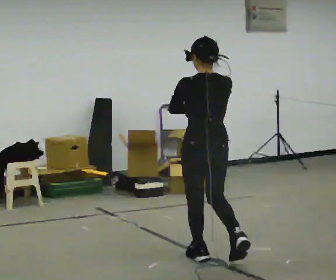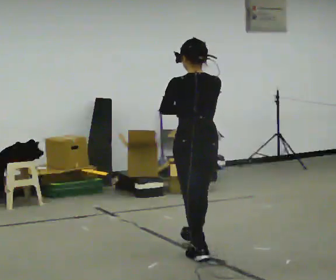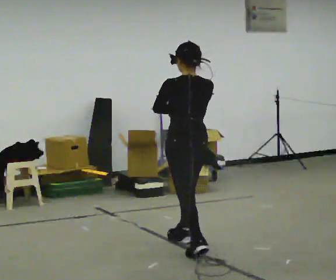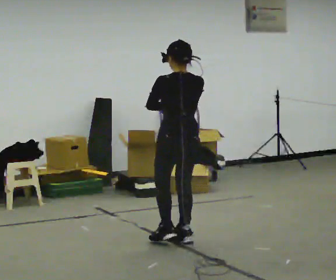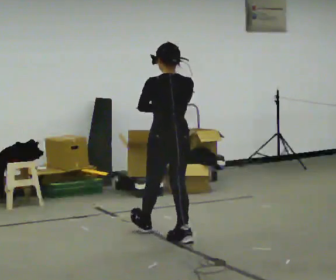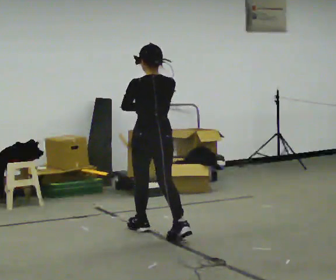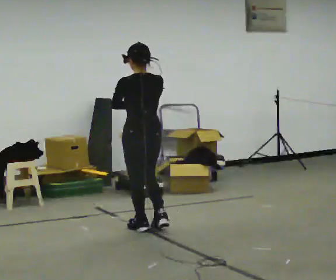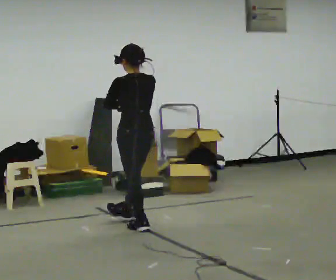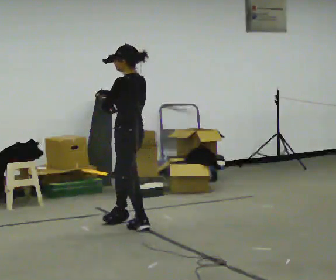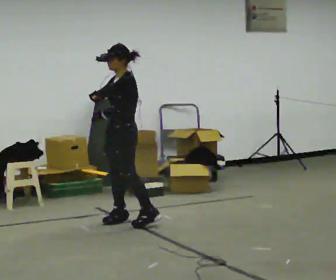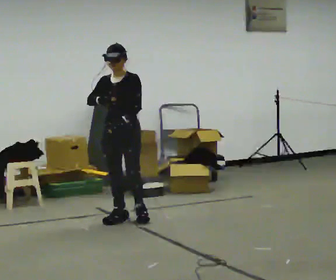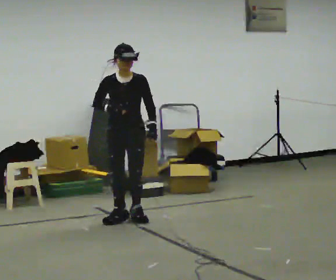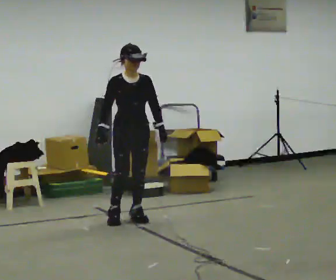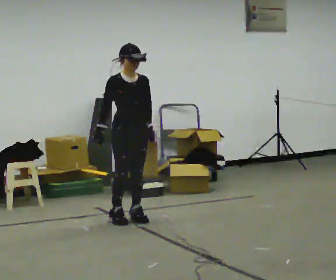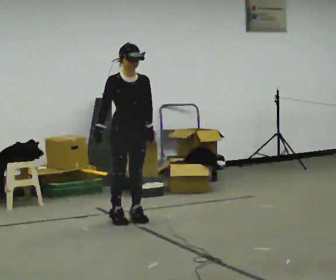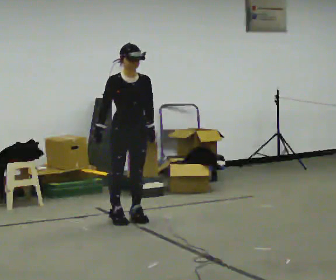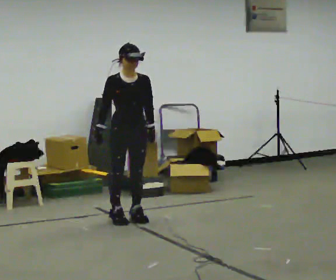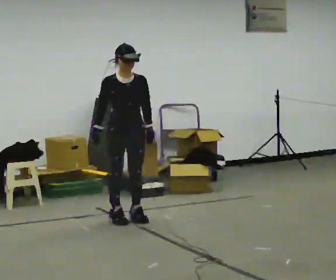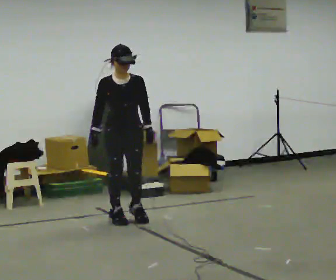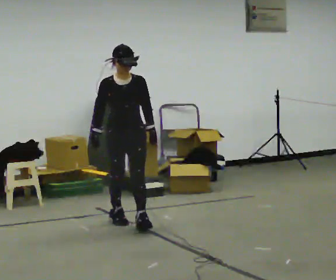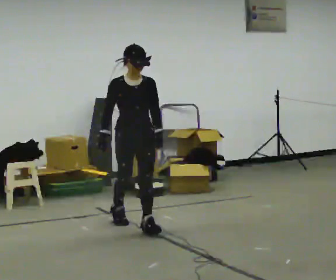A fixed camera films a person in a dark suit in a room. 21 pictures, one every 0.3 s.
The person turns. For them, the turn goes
to their left.
The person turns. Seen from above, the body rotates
counterclockwise.
0.0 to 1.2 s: In the picture they go away from the camera, about 0.75 m in 1 step, which for them is forward.
1.2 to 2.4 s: Seen from above the body turns counterclockwise, about 45 degrees: to their left, with its near side sliding to the right. In the picture they go away from the camera and to the left, about 0.5 m in 2 steps, which for them is forward.
2.4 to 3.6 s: The person turns about 135 degrees to their left, counterclockwise seen from above, so the part of the body nearest the lens slides to the right. In the picture they go away from the camera, about 0.25 m in 1 step. In the picture their left hand goes to the right.
3.6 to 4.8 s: The person moves a little, or ends about where they began.
4.8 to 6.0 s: In the picture they go toward the camera, about 0.25 m in 1 step, which for them is forward.
The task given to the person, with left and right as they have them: Walk normally but hold both hands together in front of you at chest height; do not swing your arms; stop.
The film runs forward here.
